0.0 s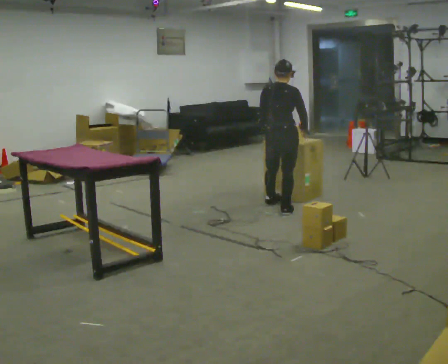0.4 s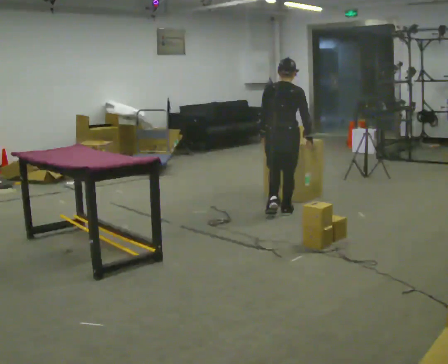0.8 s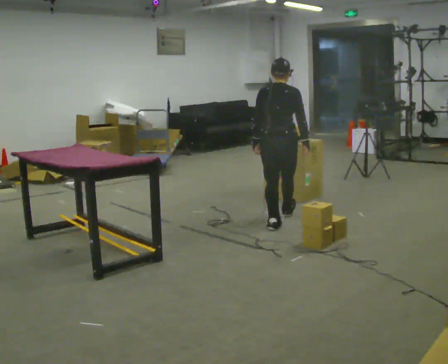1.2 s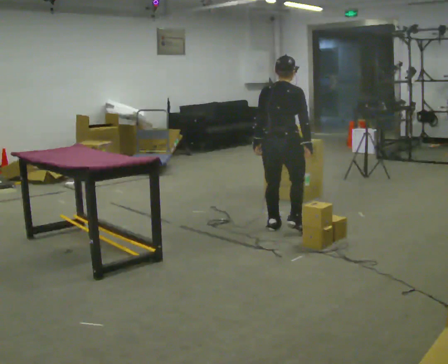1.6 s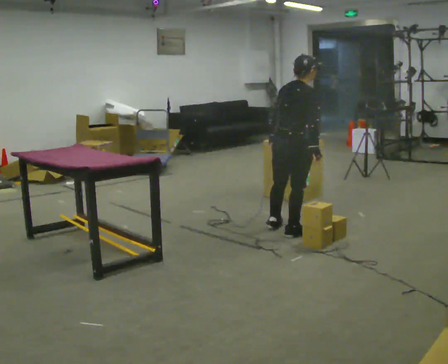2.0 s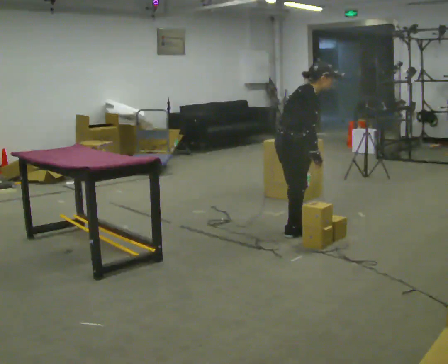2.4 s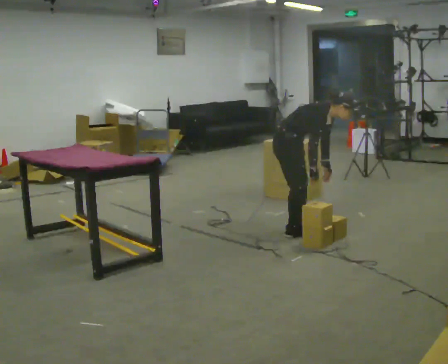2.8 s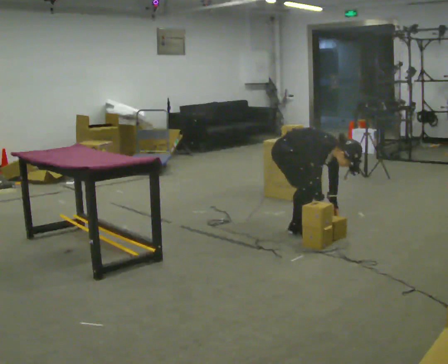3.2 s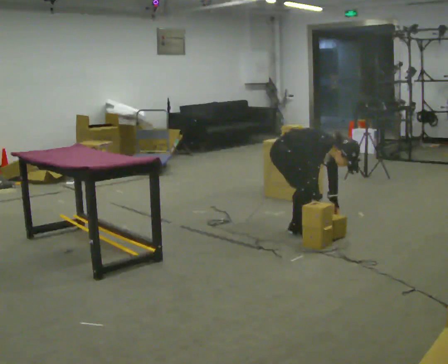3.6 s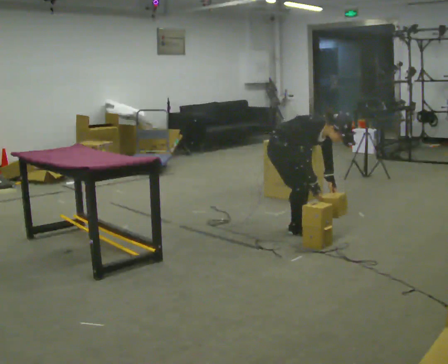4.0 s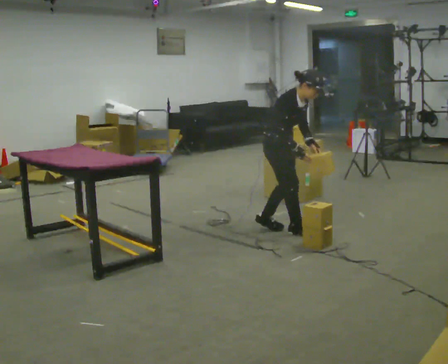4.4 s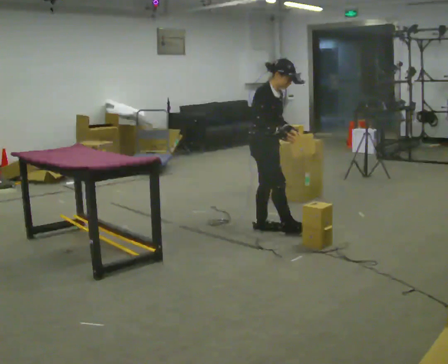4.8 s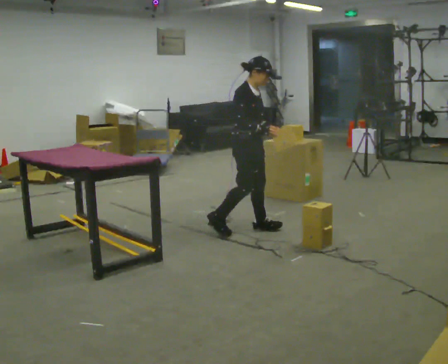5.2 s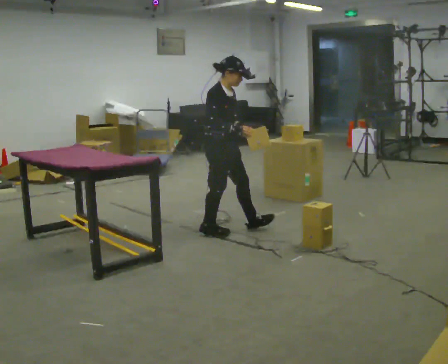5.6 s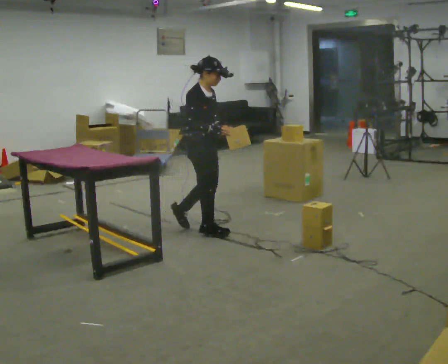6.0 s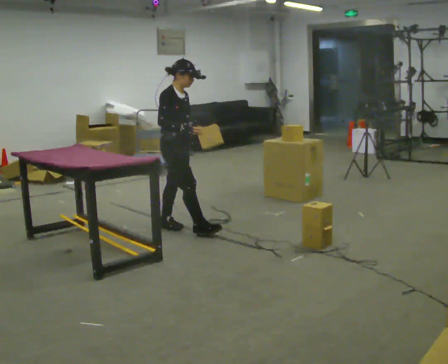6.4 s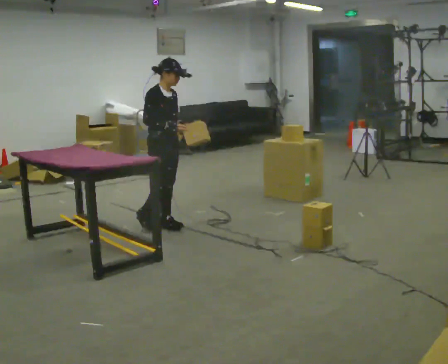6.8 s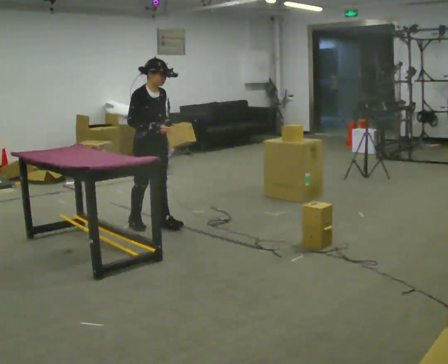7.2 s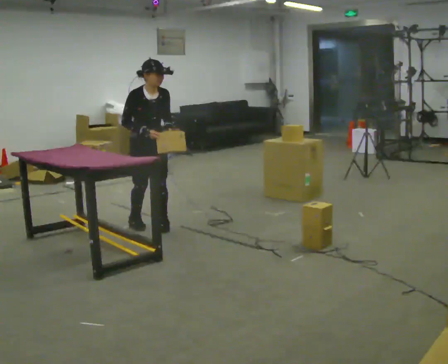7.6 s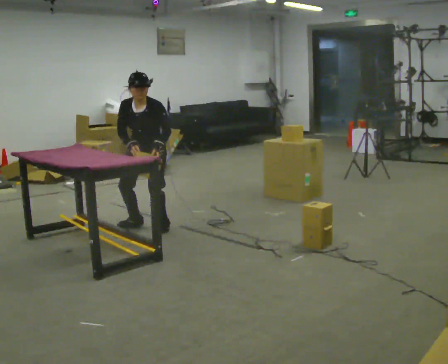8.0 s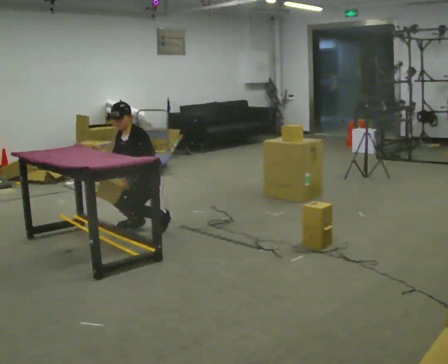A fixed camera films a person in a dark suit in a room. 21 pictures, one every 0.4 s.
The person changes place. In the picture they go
to the left.
The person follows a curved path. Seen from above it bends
clockwise.
0.0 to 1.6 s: In the picture they go toward the camera, about 1 m in 2 steps, which for them is backward.
1.6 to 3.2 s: Seen from above the body turns clockwise, about 75 degrees: to their right, with its near side sliding to the left. The shoulders move downward. In the picture the upper body tilts clockwise, shoulders to the right, as they bend forward. In the picture their left hand goes to the right and downward.
3.2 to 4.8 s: In the picture they go to the left, about 0.25 m in 2 steps, which for them is backward and to their right. The shoulders move upward. In the picture the upper body tilts counterclockwise, shoulders to the left, as they lean back or straighten. In the picture their right hand goes upward.
4.8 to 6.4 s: In the picture they go to the left, about 0.5 m in 2 steps, which for them is backward.
6.4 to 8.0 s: The person turns about 120 degrees to their right, clockwise seen from above, so the part of the body nearest the lens slides to the left. The upper body goes downward. In the picture the upper body tilts counterclockwise, shoulders to the left, as they bend forward. In the picture their left hand goes downward and to the left.
The film runs backward here.
